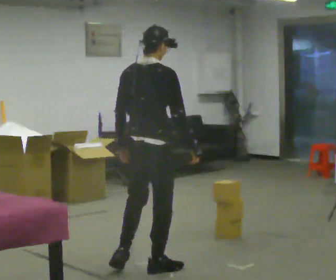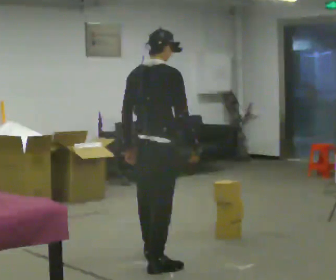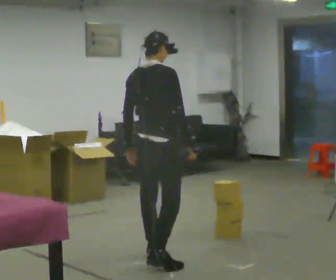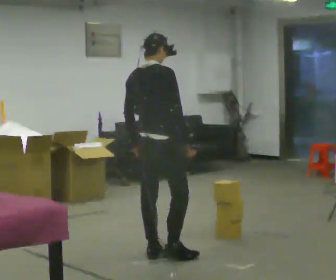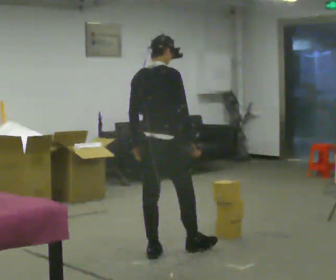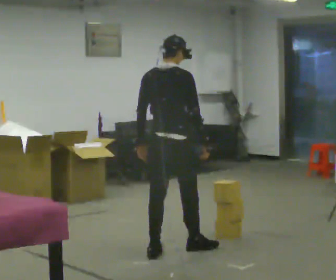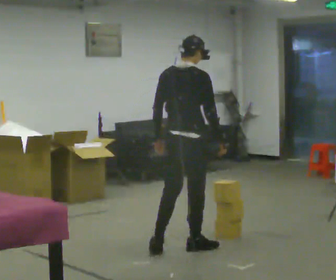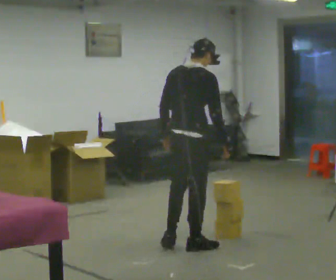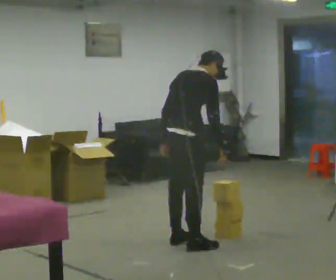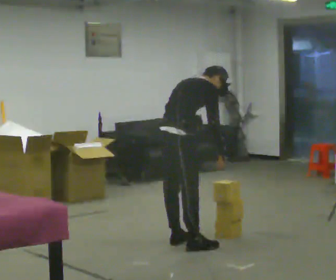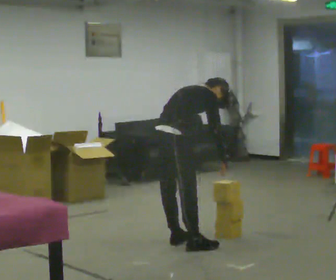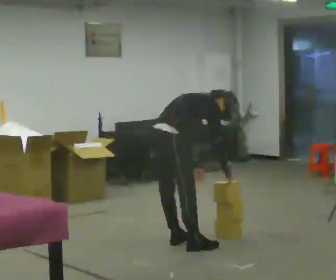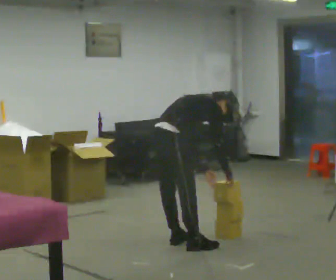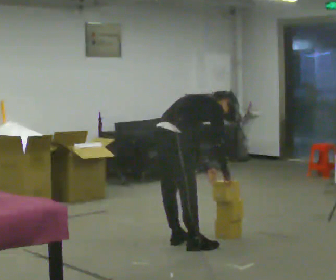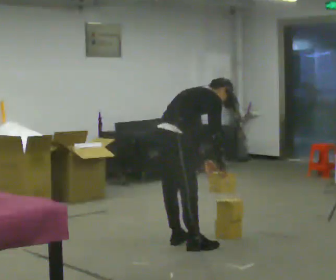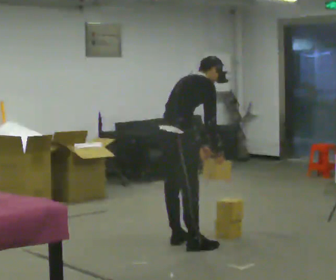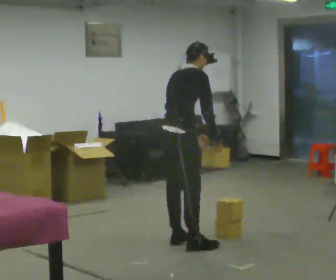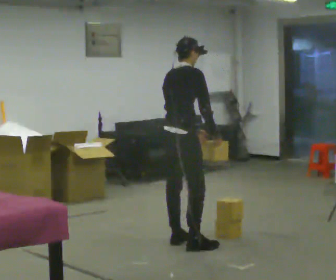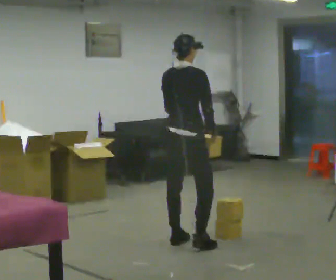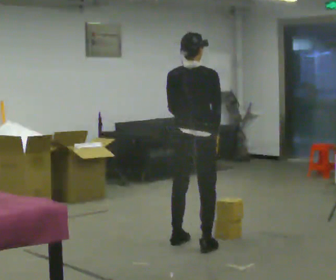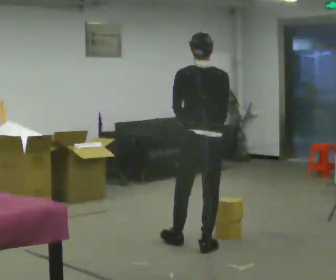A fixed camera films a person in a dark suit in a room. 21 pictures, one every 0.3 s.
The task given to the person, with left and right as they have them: Pick an object up off the floor at one end of the room, carry it across, and place it on the waist-height shelf at the other end. Keep going until the operator says stop; one object at a time, and do not rush between trips.
0.0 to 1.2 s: In the picture they go away from the camera, about 0.5 m in 1 step, which for them is forward and to their left.
1.2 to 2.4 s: In the picture they go to the right and away from the camera, about 0.25 m in 2 steps, which for them is forward. In the picture the upper body tilts clockwise, shoulders to the right, as they bend forward.
2.4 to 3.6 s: The shoulders move downward. In the picture the upper body tilts clockwise, shoulders to the right, as they bend forward. In the picture their left hand goes to the right.
3.6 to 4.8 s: The upper body goes upward. In the picture the upper body tilts counterclockwise, shoulders to the left, as they lean back or straighten.
4.8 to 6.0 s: The person turns about 60 degrees to their left, counterclockwise seen from above, so the part of the body nearest the lens slides to the right. In the picture they go to the right, about 0.25 m, which for them is to their right.
The film runs forward here.
